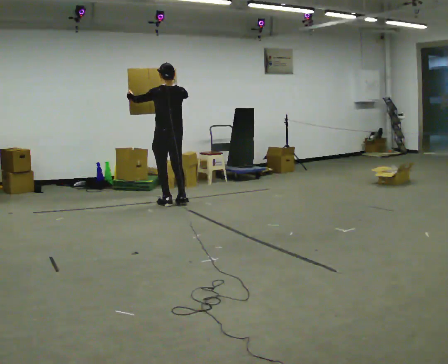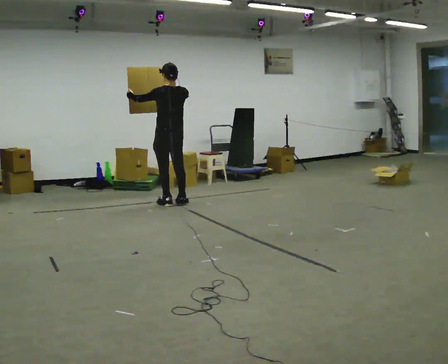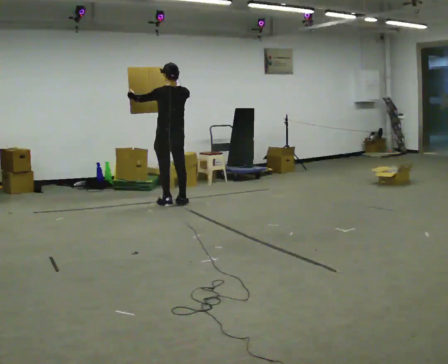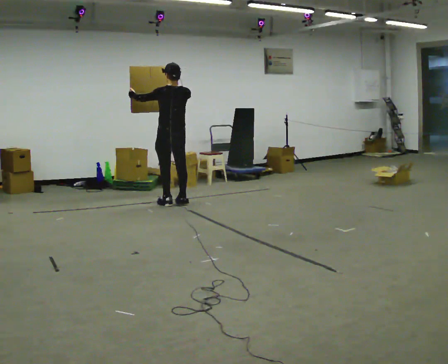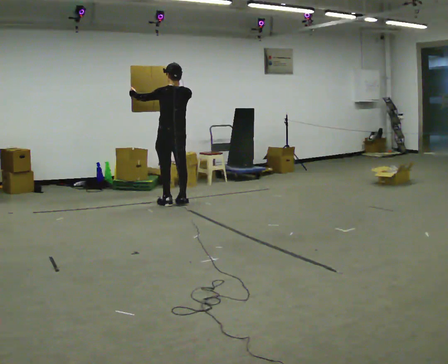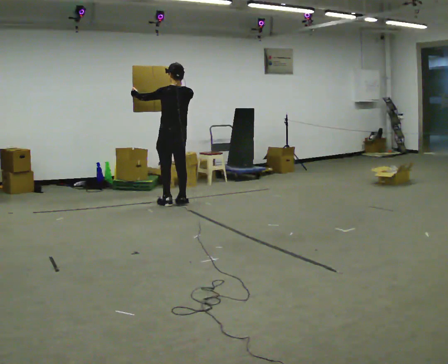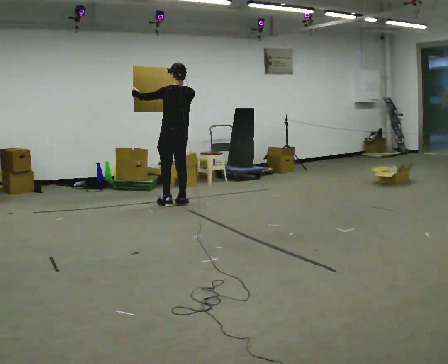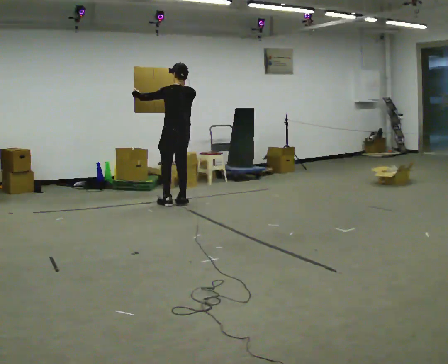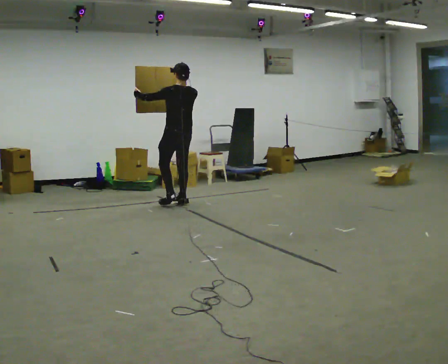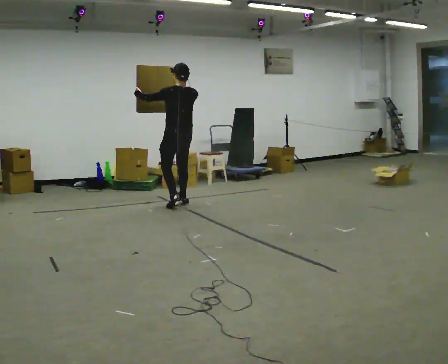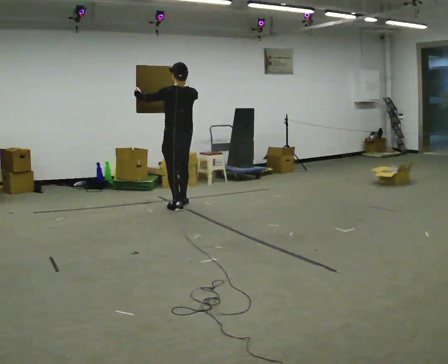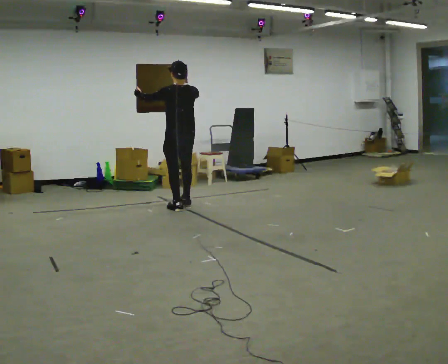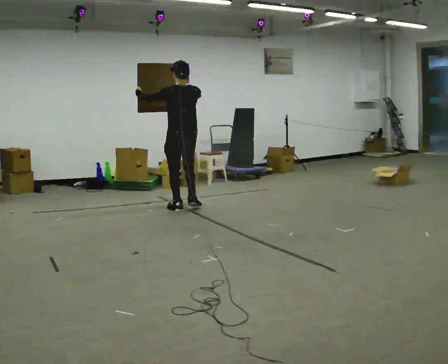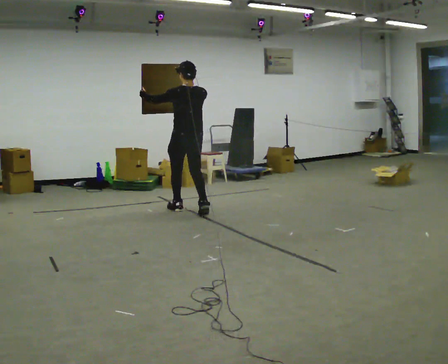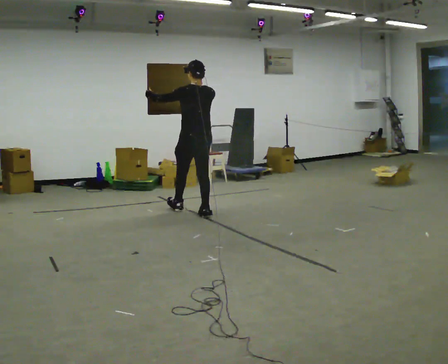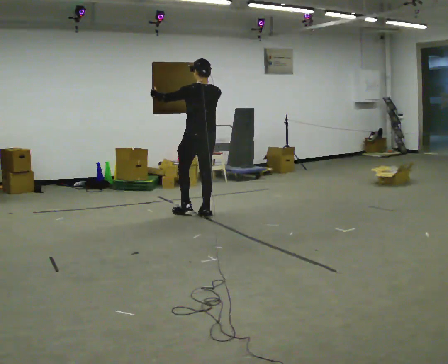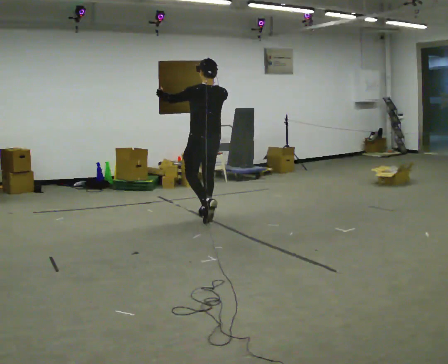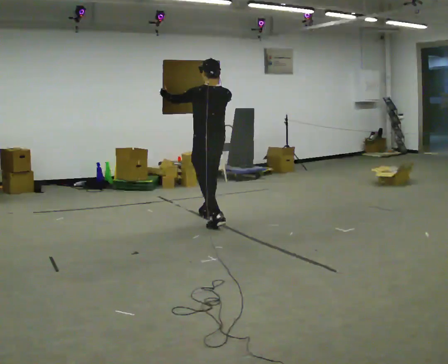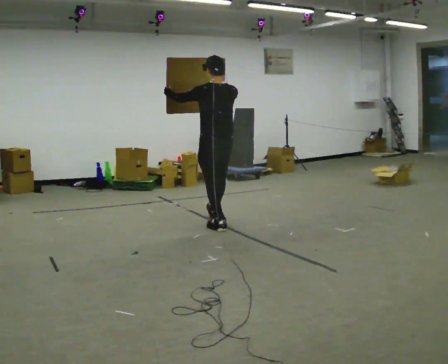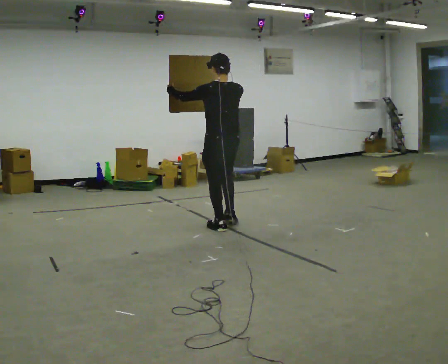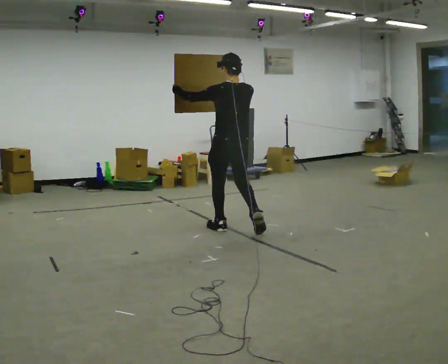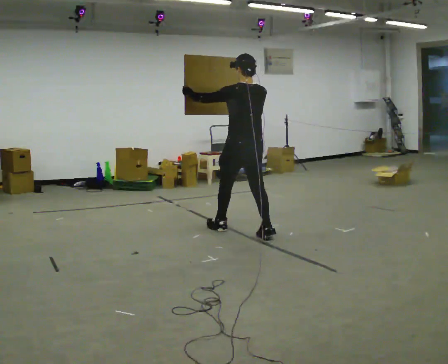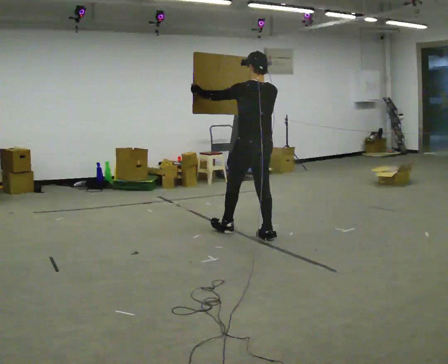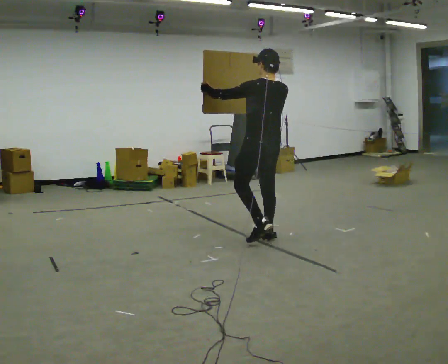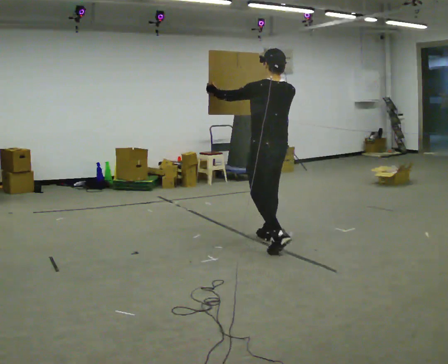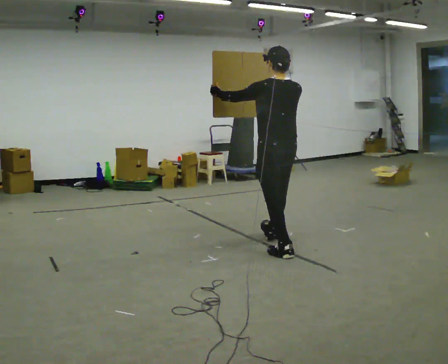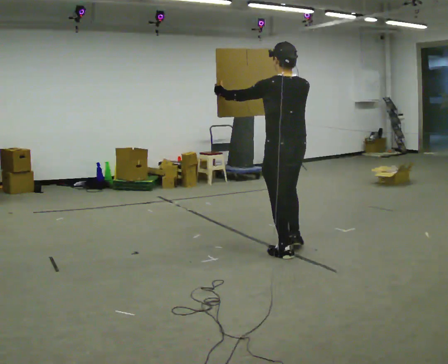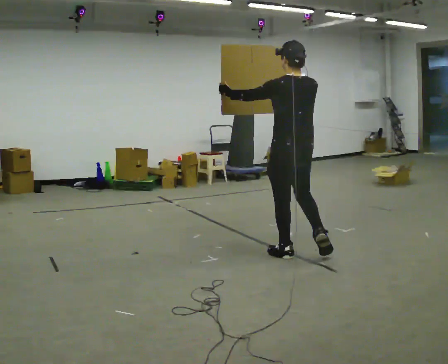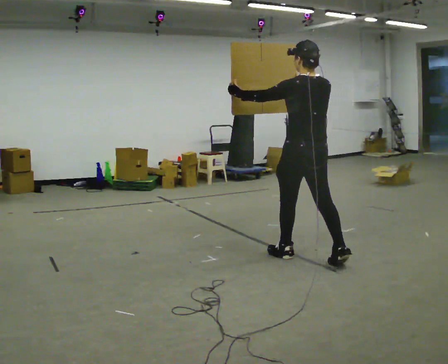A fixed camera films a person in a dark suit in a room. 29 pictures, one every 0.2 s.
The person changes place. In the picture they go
toward the camera.
0.0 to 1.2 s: The person moves a little, or ends about where they began.
1.2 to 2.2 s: In the picture they go toward the camera, about 0.25 m in 2 steps, which for them is backward.
2.2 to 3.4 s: In the picture they go toward the camera and to the right, about 0.5 m in 1 step, which for them is backward.
3.4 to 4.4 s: In the picture they go toward the camera and to the right, about 0.5 m in 2 steps, which for them is backward.
4.4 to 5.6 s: In the picture they go toward the camera and to the right, about 1 m in 1 step, which for them is backward.
The film runs backward here.
